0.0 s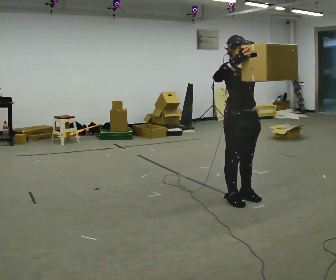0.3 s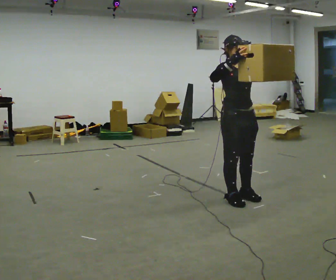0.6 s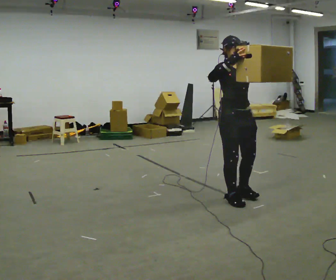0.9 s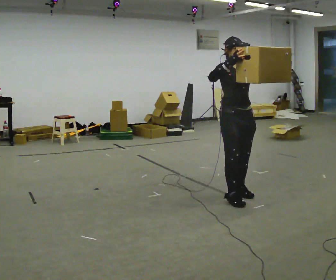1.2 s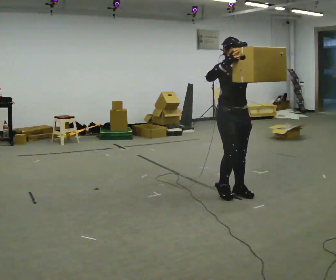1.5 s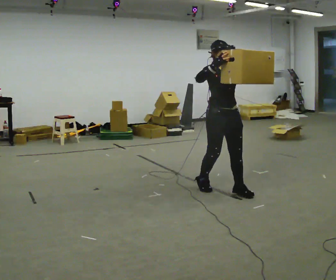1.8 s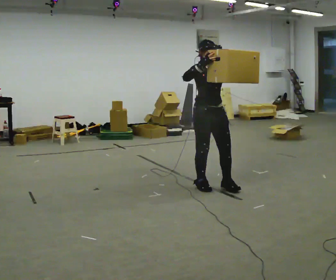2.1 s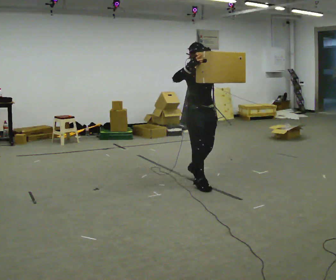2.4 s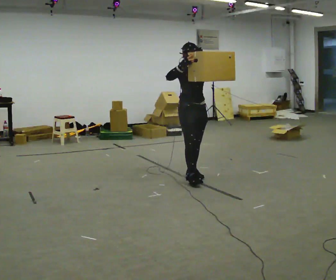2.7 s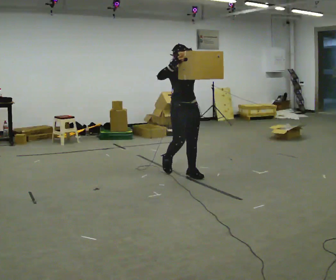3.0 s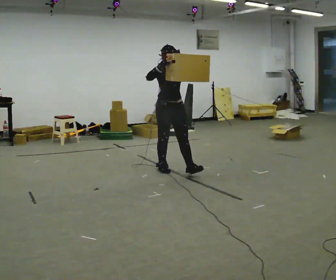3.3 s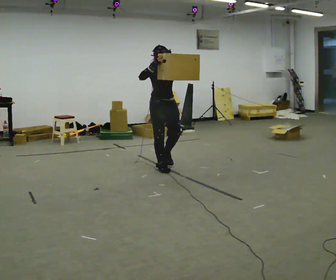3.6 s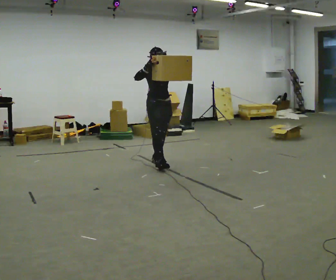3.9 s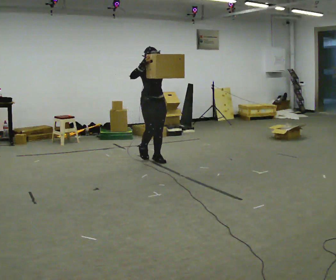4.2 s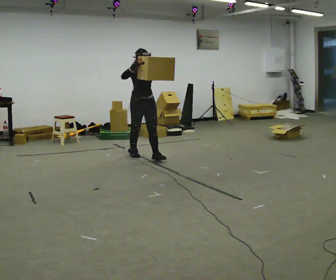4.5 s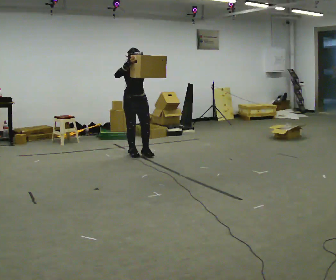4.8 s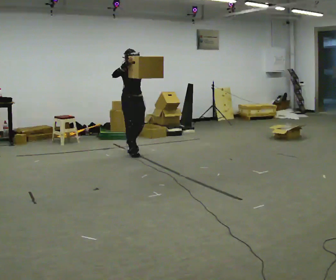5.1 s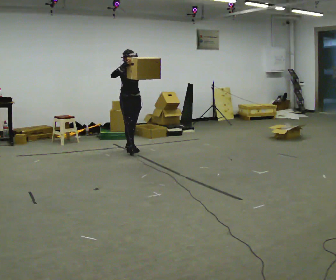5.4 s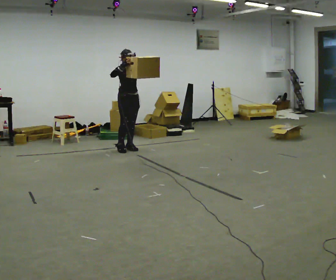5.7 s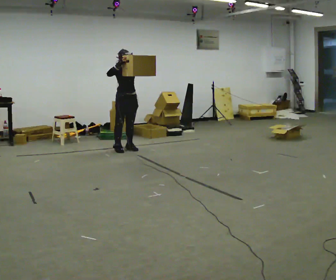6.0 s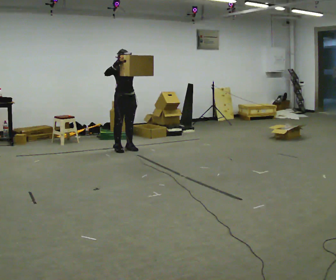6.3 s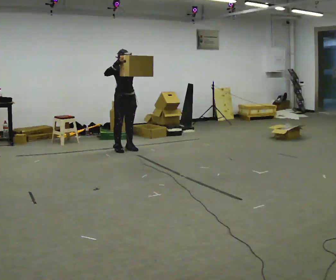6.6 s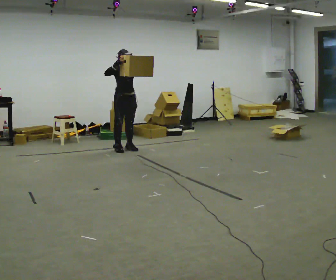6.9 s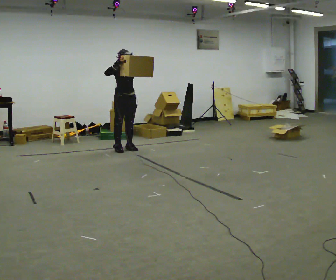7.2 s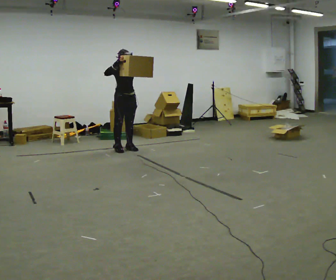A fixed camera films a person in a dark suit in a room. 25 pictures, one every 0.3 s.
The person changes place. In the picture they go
away from the camera.
0.0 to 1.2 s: In the picture they go away from the camera, about 0.25 m in 1 step, which for them is backward.
1.2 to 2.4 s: In the picture they go away from the camera and to the left, about 0.5 m in 2 steps, which for them is backward.
2.4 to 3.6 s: In the picture they go away from the camera and to the left, about 1 m in 1 step, which for them is backward.
3.6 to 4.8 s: In the picture they go away from the camera and to the left, about 1 m in 2 steps, which for them is backward.
4.8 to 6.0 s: In the picture they go away from the camera and to the left, about 0.25 m in 1 step, which for them is backward.
6.0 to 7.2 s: The person keeps their place and pose.
The film runs backward here.
